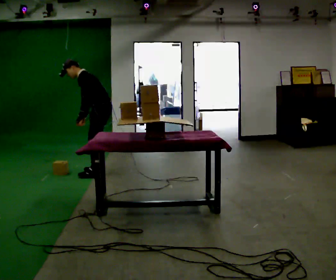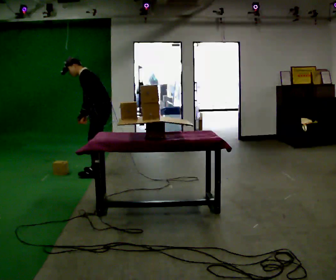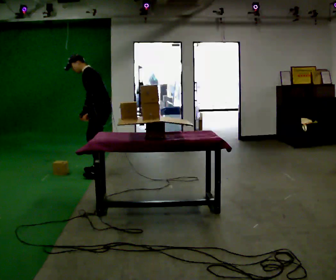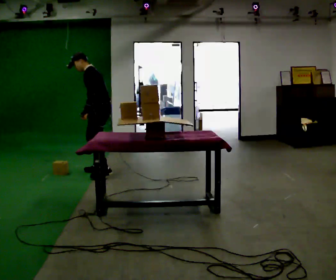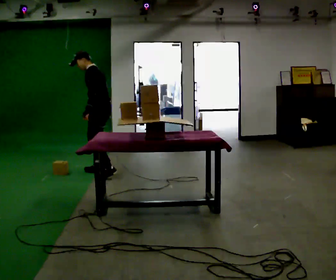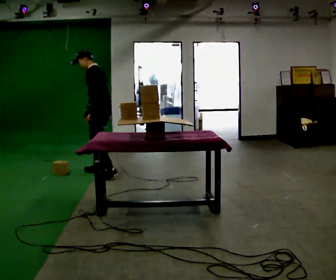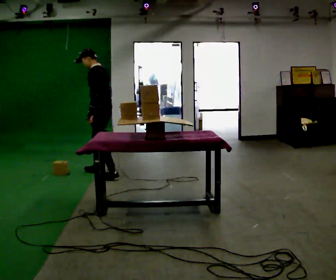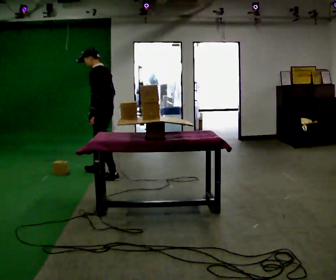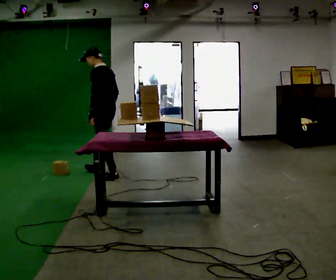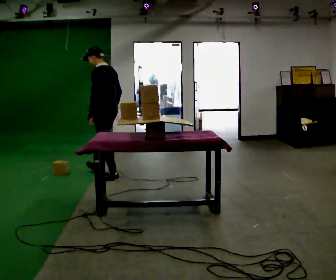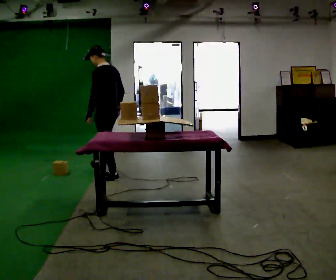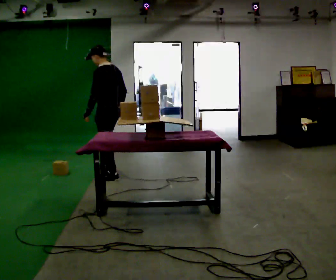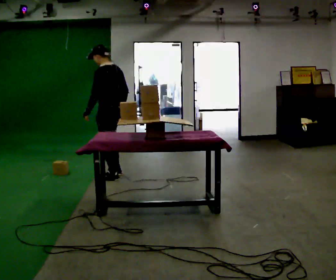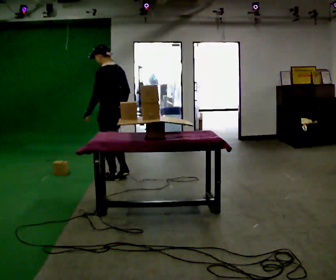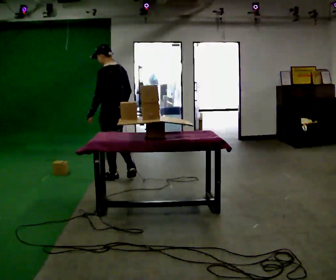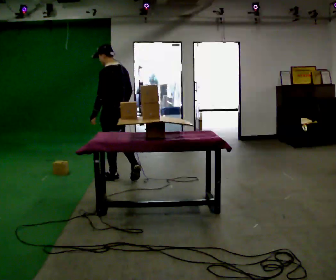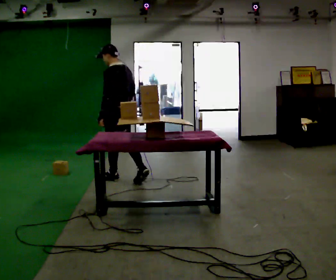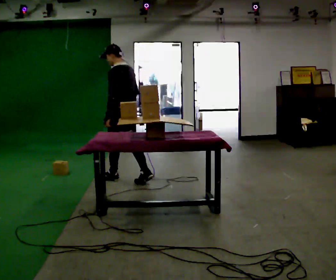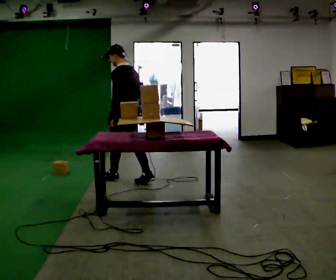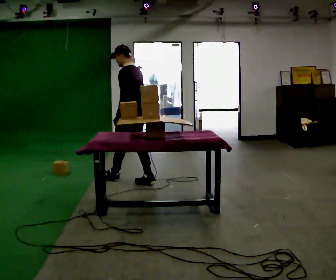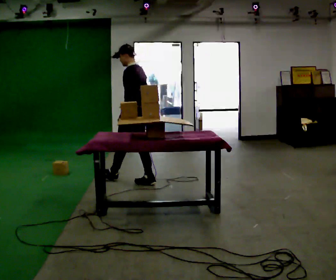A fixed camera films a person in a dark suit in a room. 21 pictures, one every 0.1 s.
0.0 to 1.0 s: Seen from above the body turns clockwise, about 30 degrees: to their right, with its near side sliding to the left. In the picture they go toward the camera, about 0.25 m in 2 steps, which for them is to their left and backward. In the picture the upper body tilts clockwise, shoulders to the right, as they lean back or straighten.
1.0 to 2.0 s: In the picture they go to the right and toward the camera, about 0.5 m in 1 step, which for them is backward.
The film runs backward here.
